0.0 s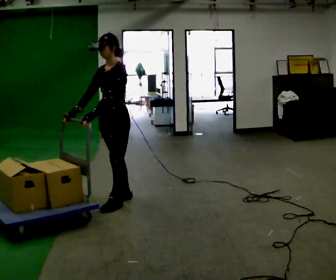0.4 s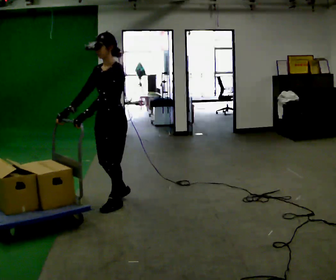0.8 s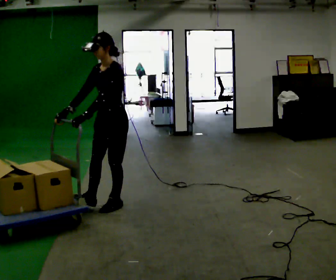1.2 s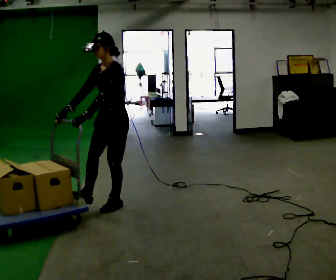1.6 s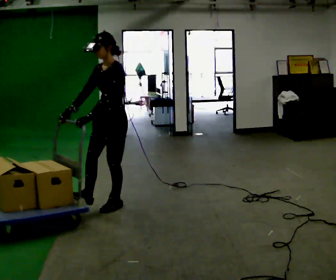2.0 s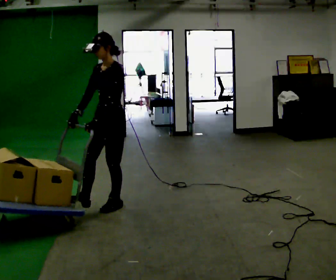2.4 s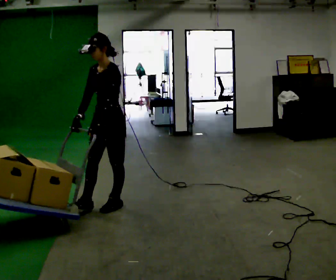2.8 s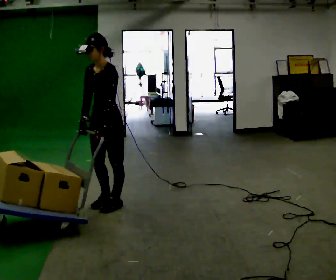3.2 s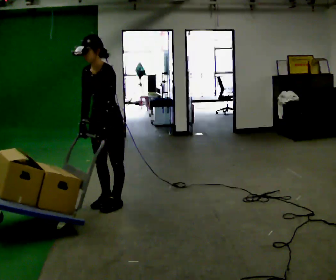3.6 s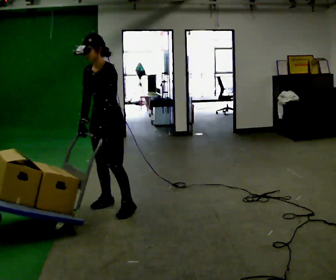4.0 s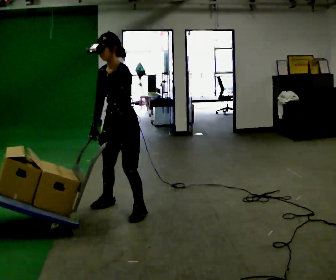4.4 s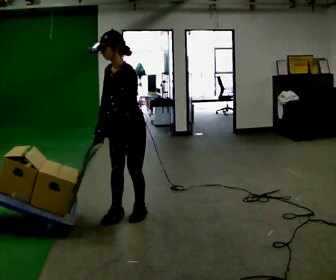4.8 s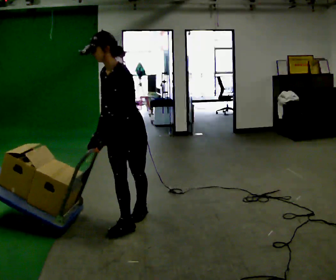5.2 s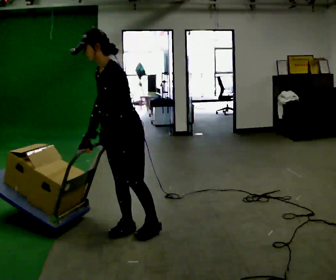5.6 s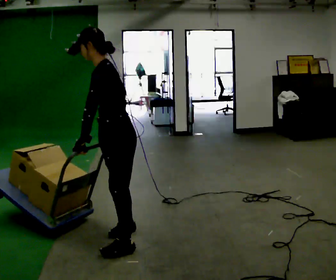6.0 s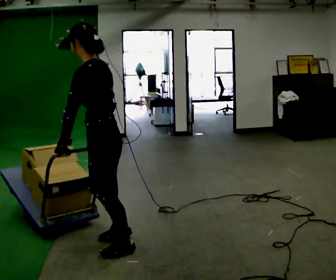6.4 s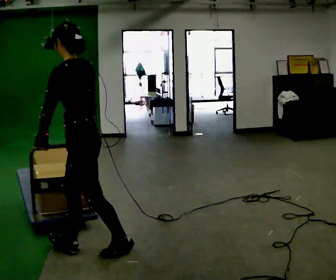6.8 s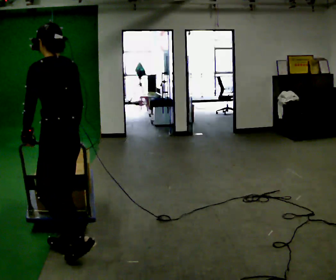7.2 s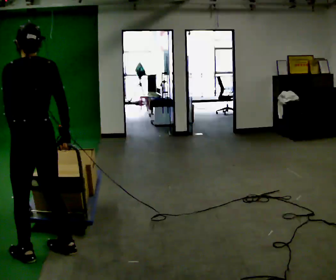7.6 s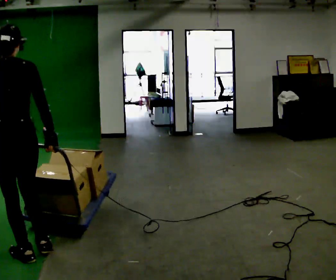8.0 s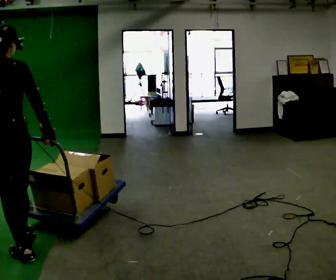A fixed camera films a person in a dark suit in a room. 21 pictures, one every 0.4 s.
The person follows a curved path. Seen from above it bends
clockwise.
The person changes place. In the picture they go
toward the camera.
0.0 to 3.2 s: The person moves a little, or ends about where they began.
3.2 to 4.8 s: In the picture they go toward the camera and to the right, about 0.5 m in 2 steps, which for them is to their left.
4.8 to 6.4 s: The person turns about 60 degrees to their right, clockwise seen from above, so the part of the body nearest the lens slides to the left. In the picture they go toward the camera and to the left, about 0.5 m in 2 steps.
6.4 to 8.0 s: Seen from above the body turns clockwise, about 60 degrees: to their right, with its near side sliding to the left. In the picture they go to the left, about 0.5 m in 2 steps.
The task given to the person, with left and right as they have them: Push the loaded cart from one corner of the room to the other, turn it round, and push it back. Keep going until the operator says stop.
The film runs forward here.
